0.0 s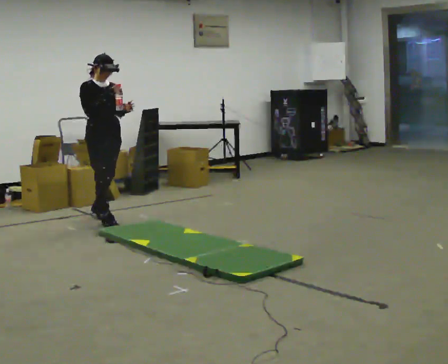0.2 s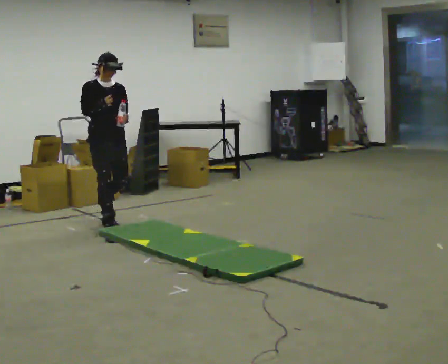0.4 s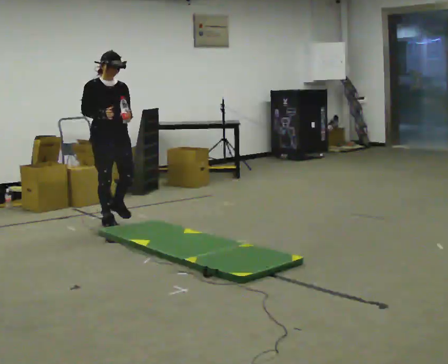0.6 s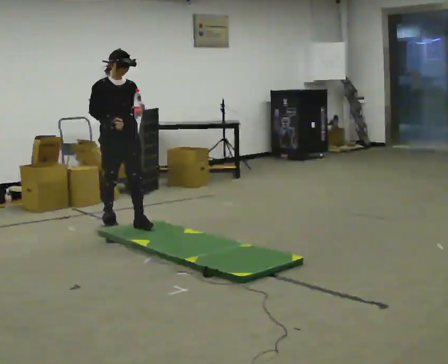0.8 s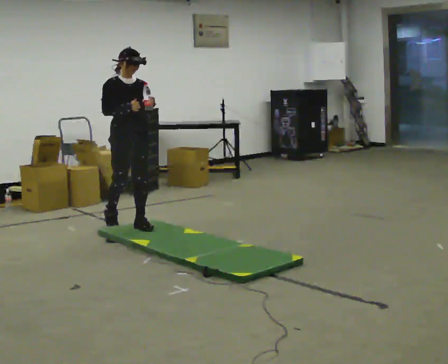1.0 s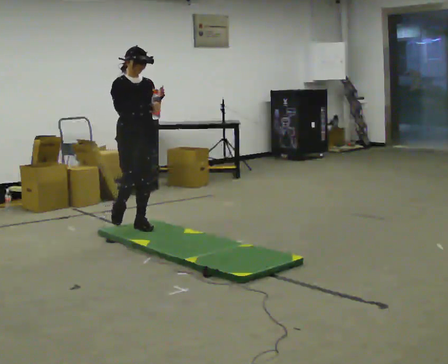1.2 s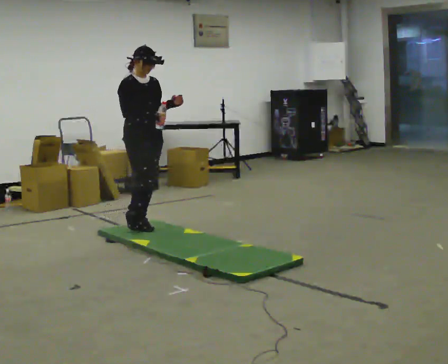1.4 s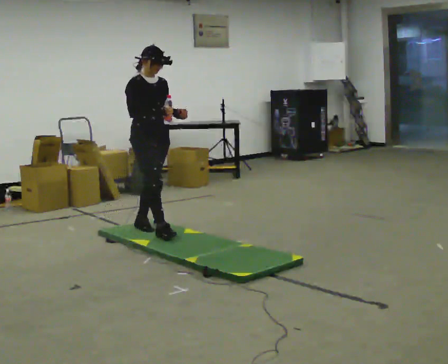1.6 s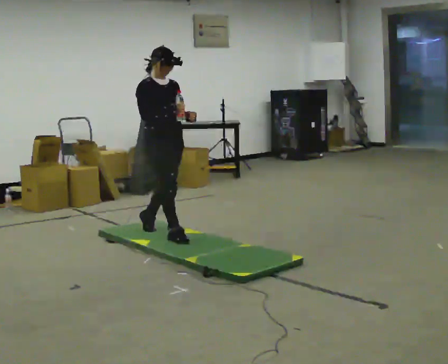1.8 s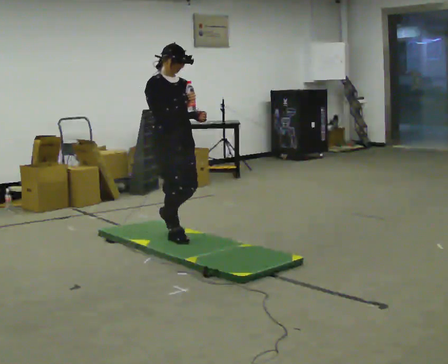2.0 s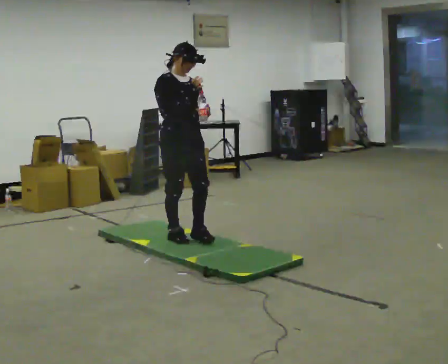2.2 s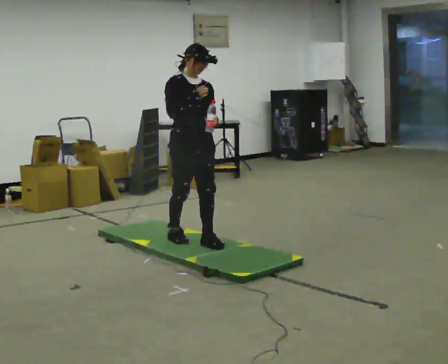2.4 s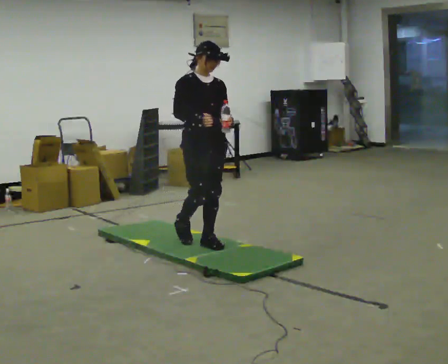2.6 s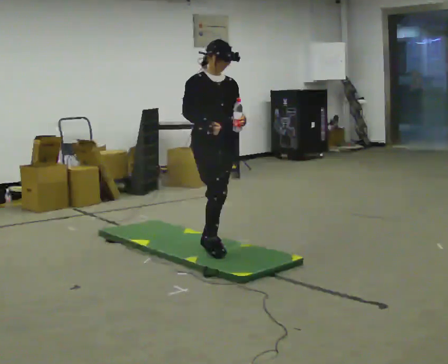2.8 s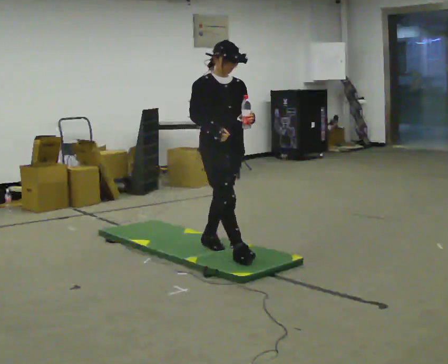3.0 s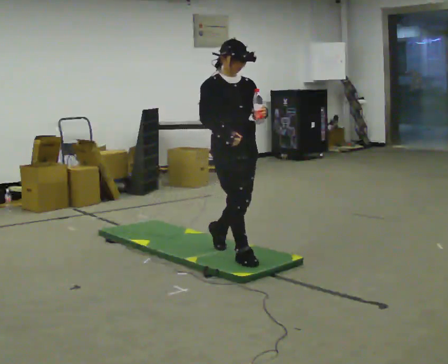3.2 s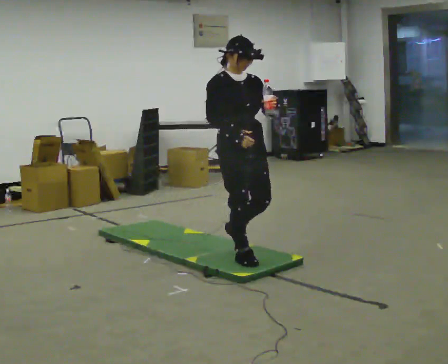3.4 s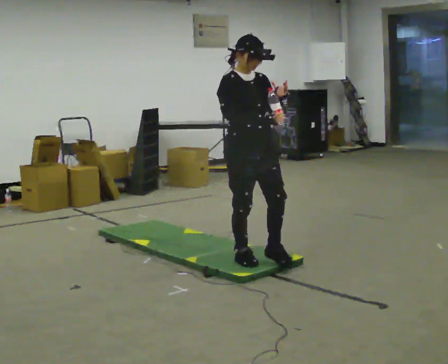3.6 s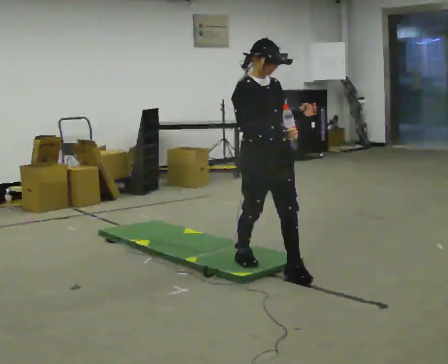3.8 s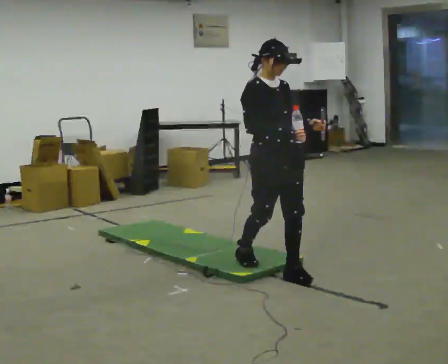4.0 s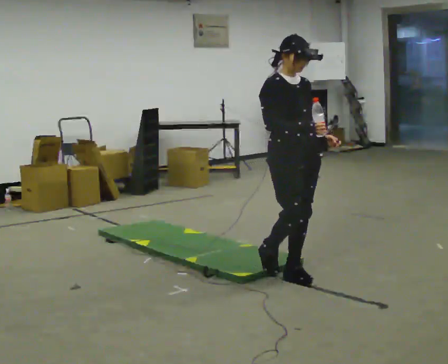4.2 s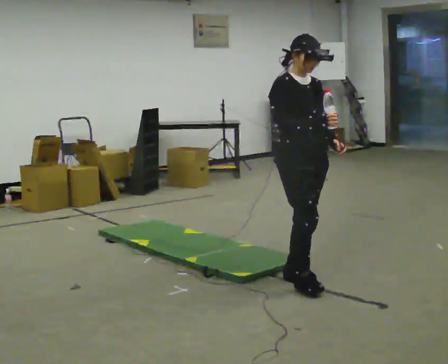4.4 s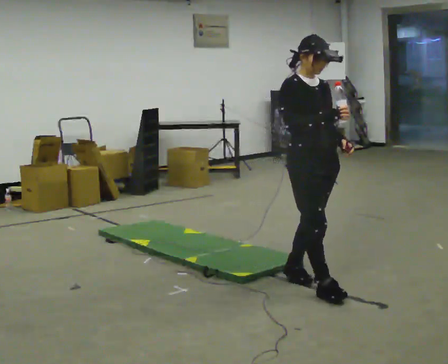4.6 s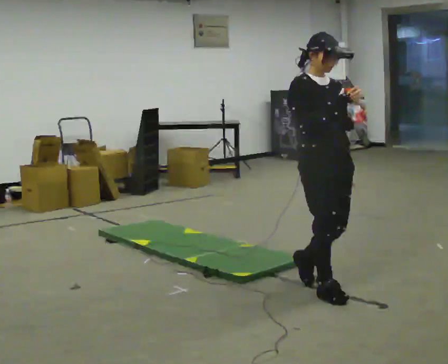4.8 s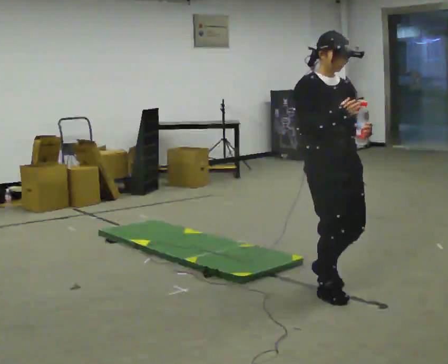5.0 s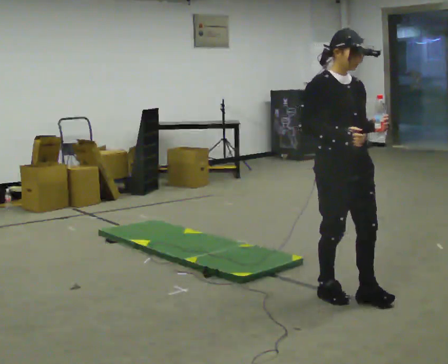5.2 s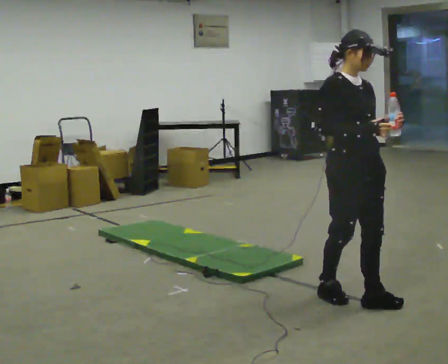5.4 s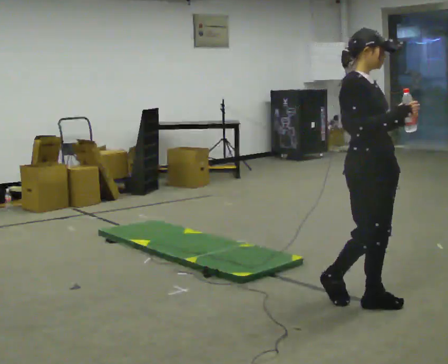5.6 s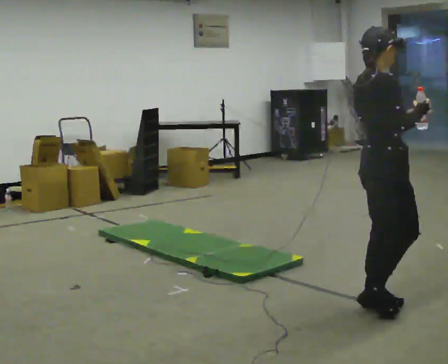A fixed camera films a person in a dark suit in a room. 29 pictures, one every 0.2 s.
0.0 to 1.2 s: In the picture they go to the right and toward the camera, about 0.5 m in 1 step, which for them is forward.
1.2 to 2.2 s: In the picture they go toward the camera and to the right, about 0.5 m in 2 steps, which for them is forward.
2.2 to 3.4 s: In the picture they go toward the camera and to the right, about 0.75 m in 1 step, which for them is forward.
3.4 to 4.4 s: In the picture they go toward the camera and to the right, about 0.5 m in 2 steps, which for them is forward.
4.4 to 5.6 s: The person turns about 60 degrees to their left, counterclockwise seen from above, so the part of the body nearest the lens slides to the right. In the picture they go toward the camera and to the right, about 0.5 m in 1 step, which for them is forward.
The film runs forward here.
